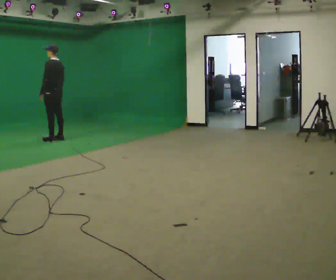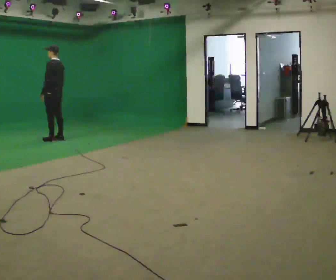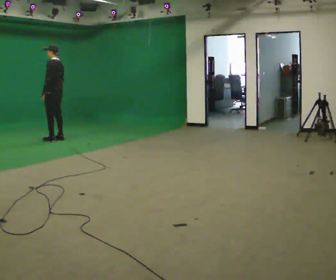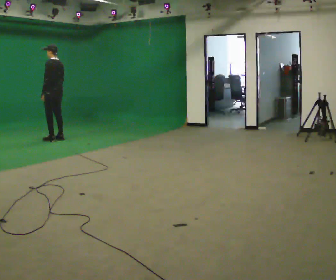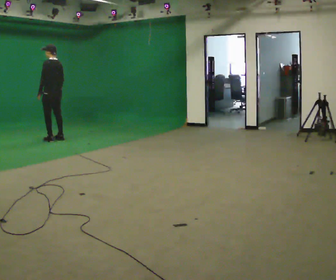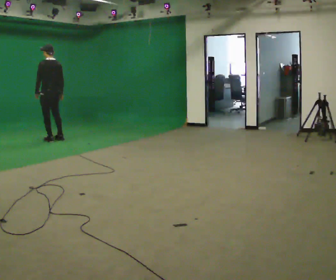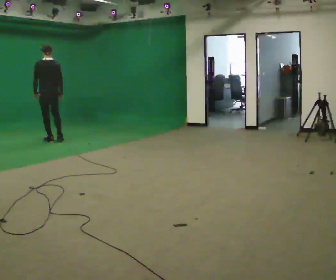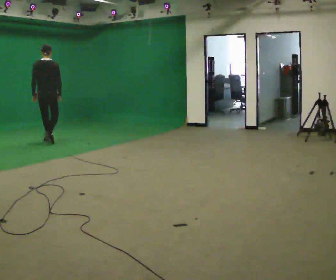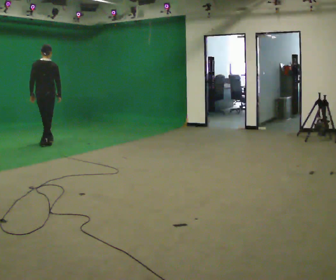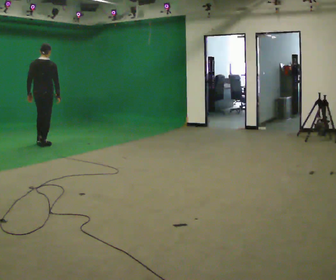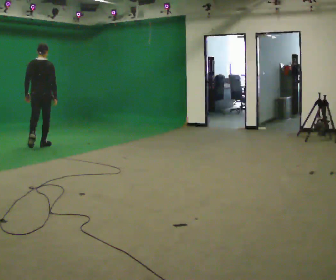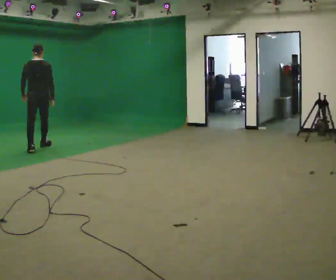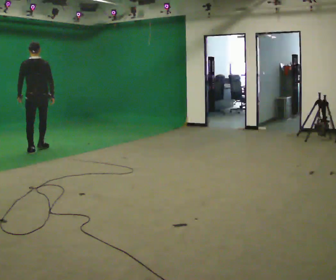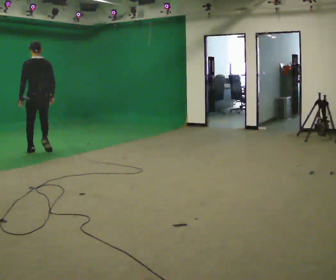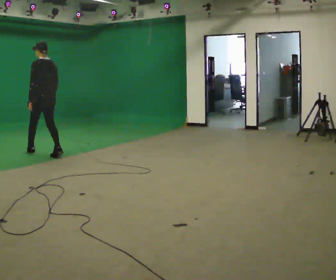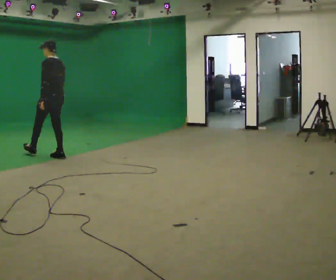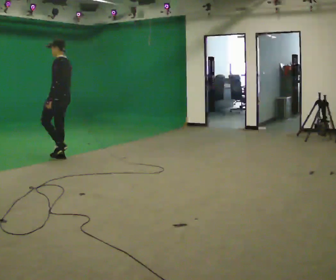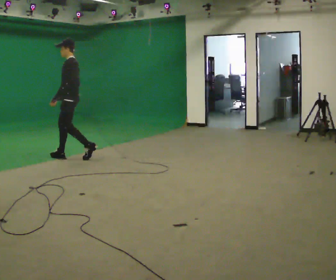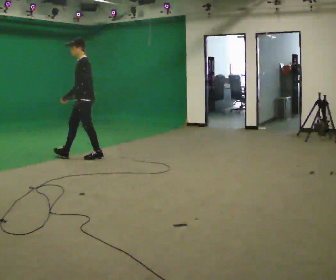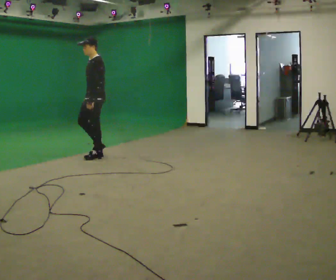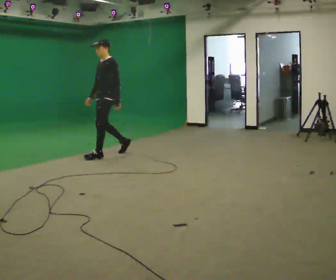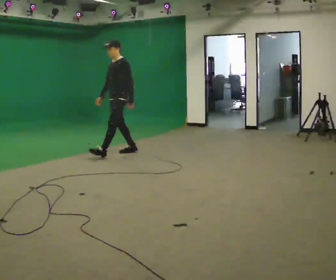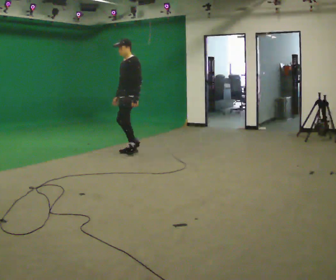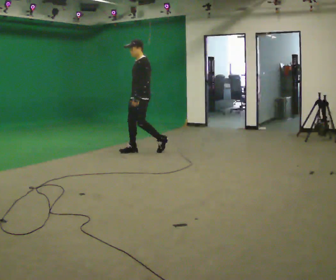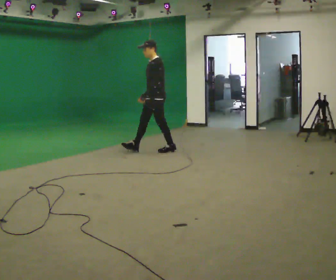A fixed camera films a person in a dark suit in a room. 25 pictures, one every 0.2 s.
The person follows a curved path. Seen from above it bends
counterclockwise.
0.0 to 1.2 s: The part of the body nearest the lens slides to the left as the person turns to their right by about 45 degrees. In the picture they go toward the camera, about 0.25 m in 1 step, which for them is to their left.
1.2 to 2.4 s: In the picture they go toward the camera, about 1 m in 2 steps, which for them is backward.
2.4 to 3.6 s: The person turns about 90 degrees to their left, counterclockwise seen from above, so the part of the body nearest the lens slides to the right. In the picture they go to the right and toward the camera, about 1 m in 2 steps.
3.6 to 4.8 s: In the picture they go to the right, about 1 m in 2 steps, which for them is backward.
The film runs backward here.
